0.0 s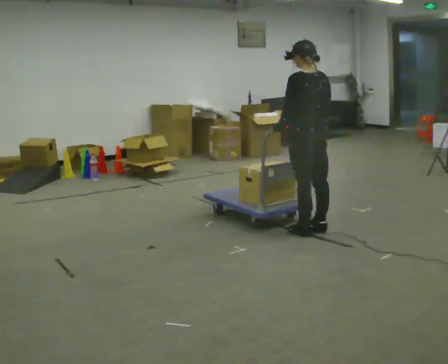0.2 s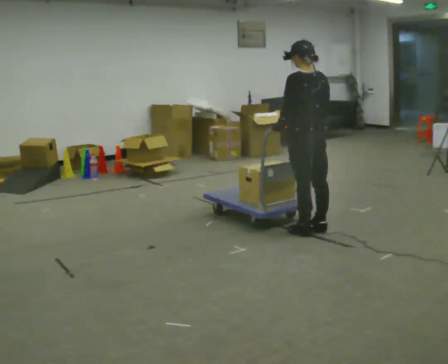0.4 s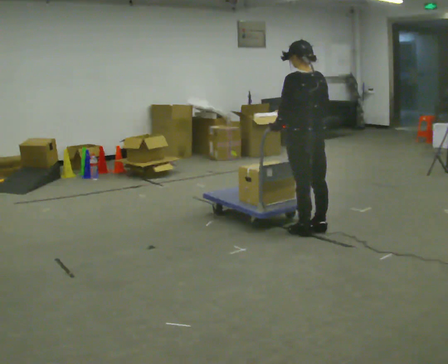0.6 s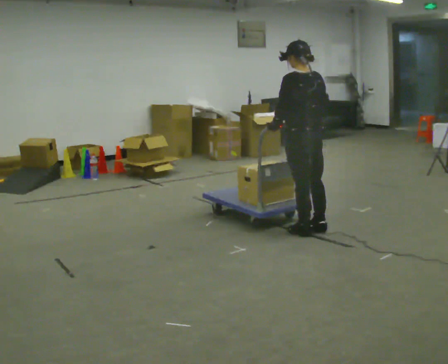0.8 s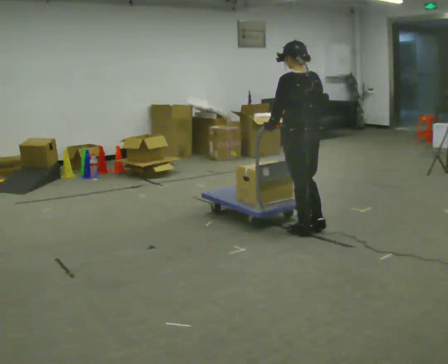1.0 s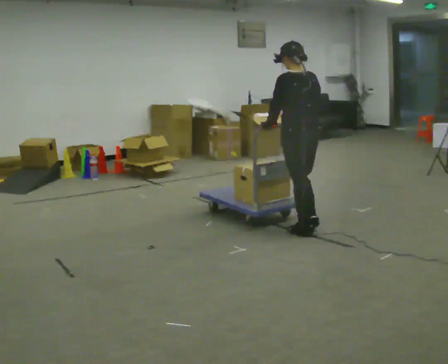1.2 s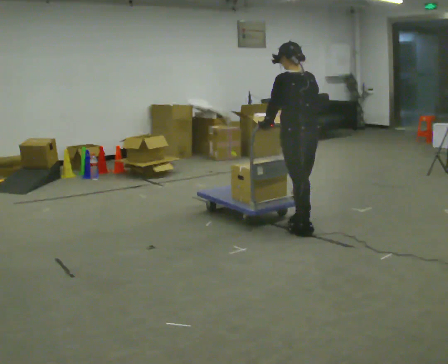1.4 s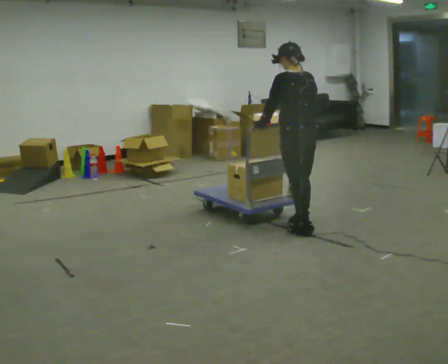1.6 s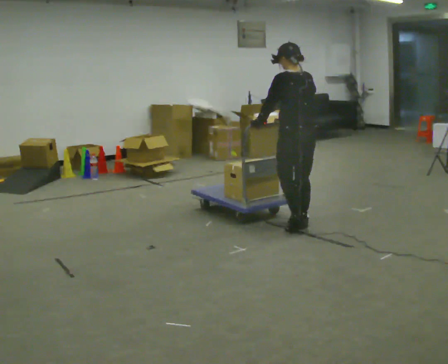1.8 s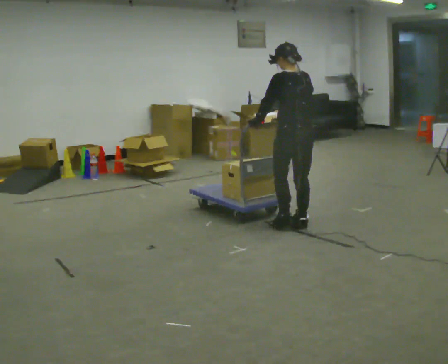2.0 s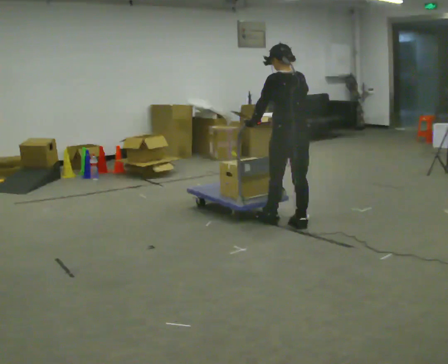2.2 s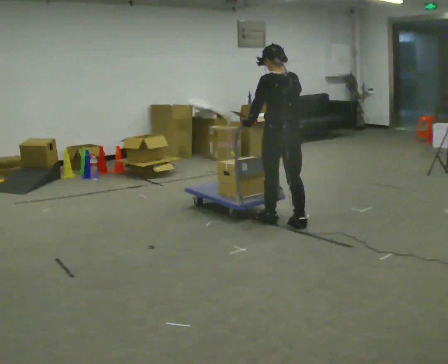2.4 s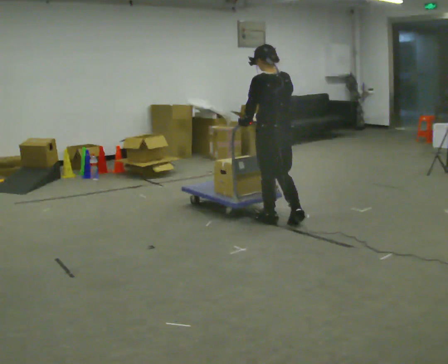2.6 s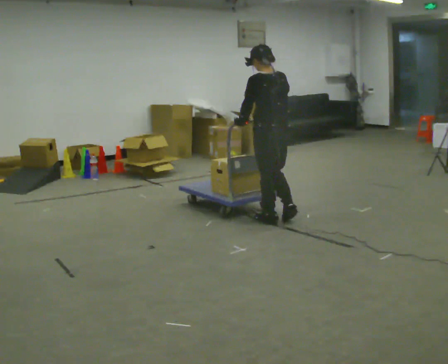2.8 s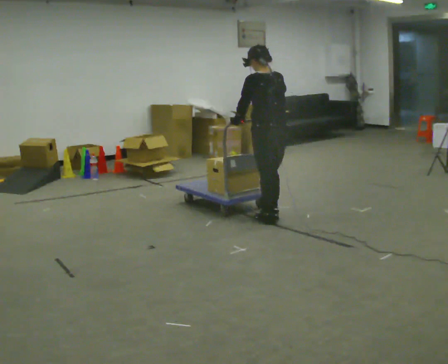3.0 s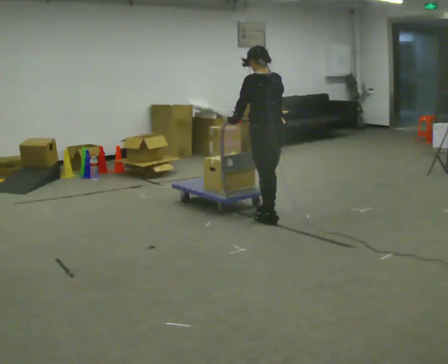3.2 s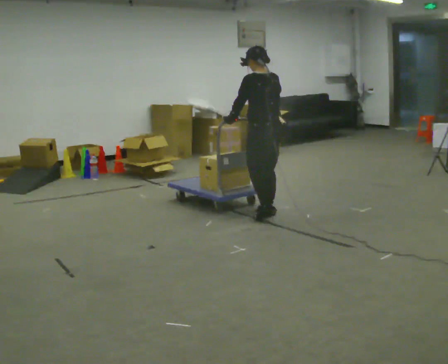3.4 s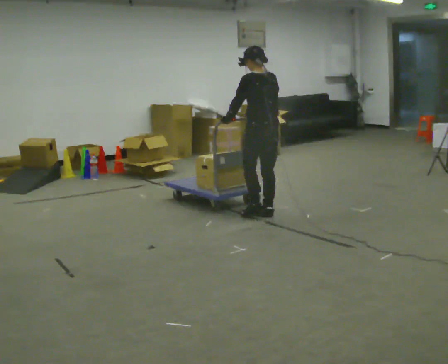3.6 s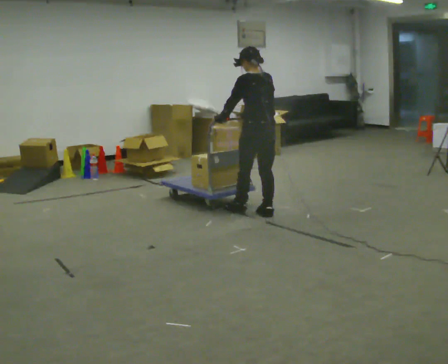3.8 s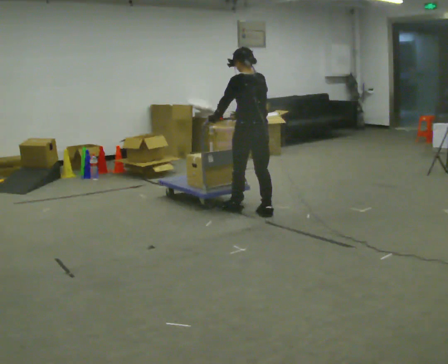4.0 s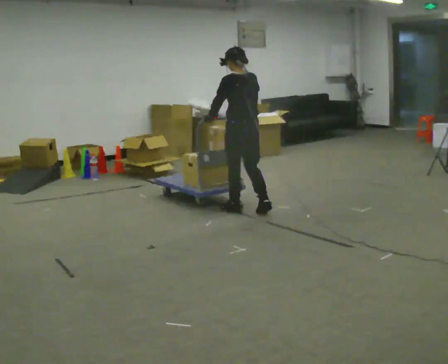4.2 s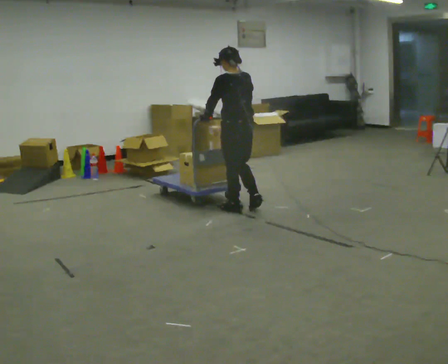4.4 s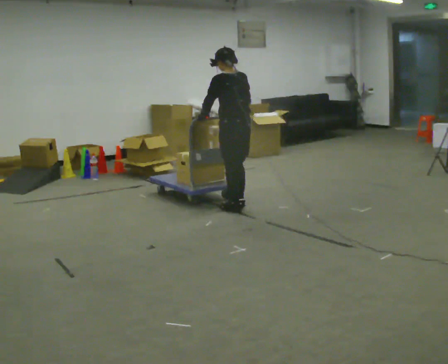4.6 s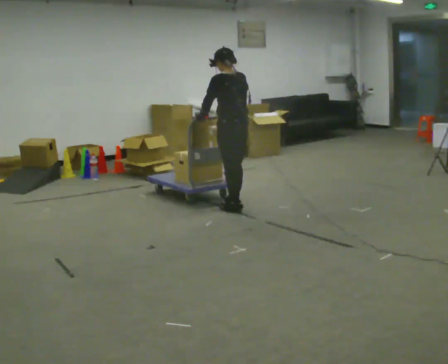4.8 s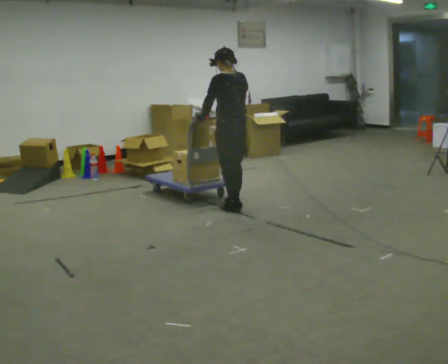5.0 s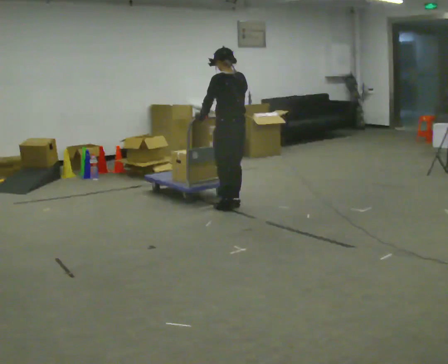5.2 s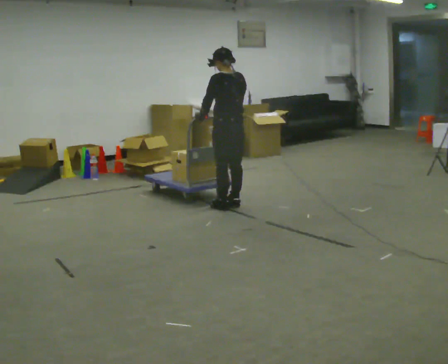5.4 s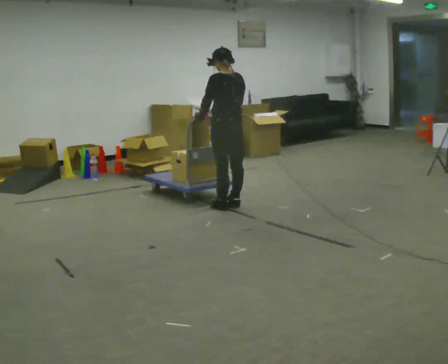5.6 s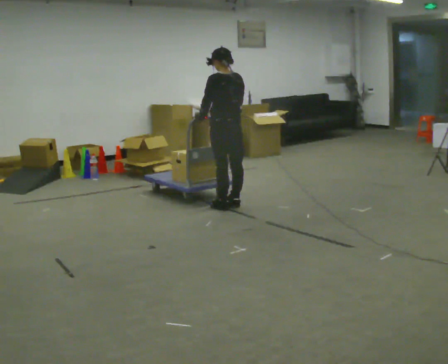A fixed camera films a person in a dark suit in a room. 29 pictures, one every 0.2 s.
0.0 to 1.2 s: The person moves a little, or ends about where they began.
1.2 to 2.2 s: In the picture they go away from the camera, about 0.25 m in 1 step, which for them is forward.
2.2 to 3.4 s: In the picture they go away from the camera and to the left, about 0.25 m in 1 step, which for them is forward.
3.4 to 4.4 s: In the picture they go to the left and away from the camera, about 0.25 m in 1 step, which for them is forward.
4.4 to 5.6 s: The person moves a little, or ends about where they began.
The film runs forward here.
